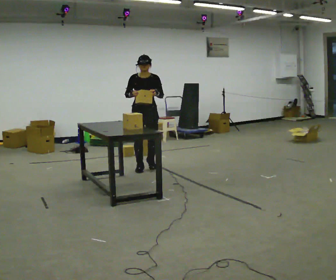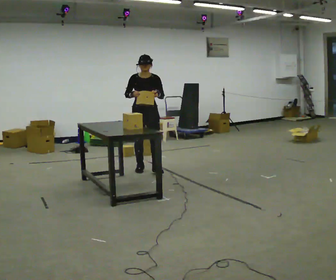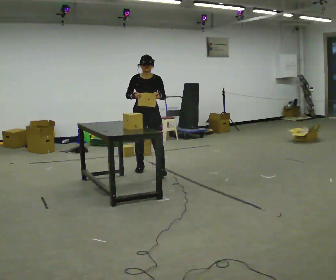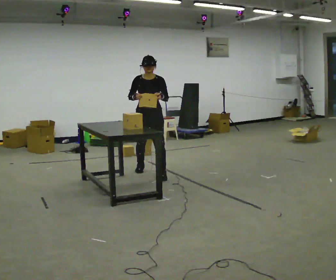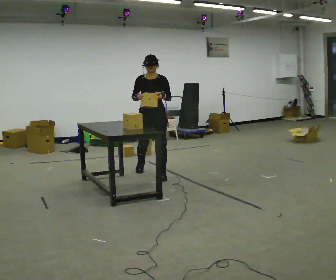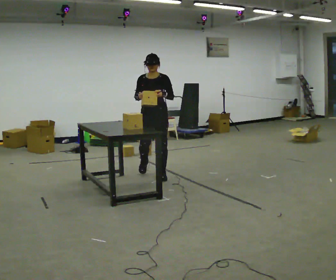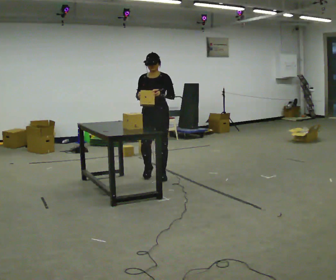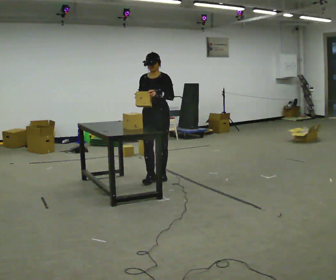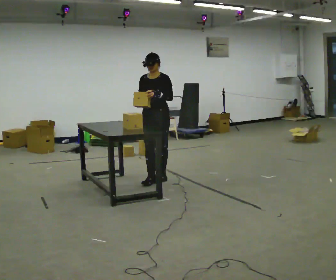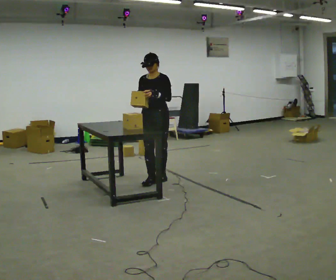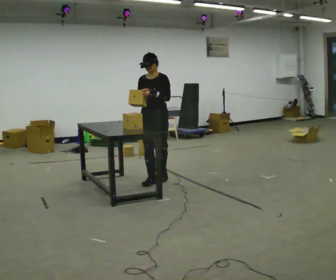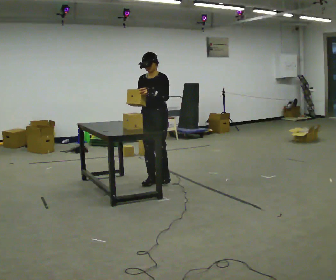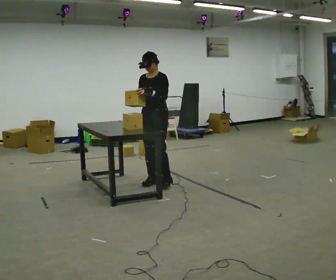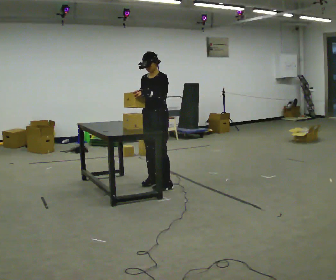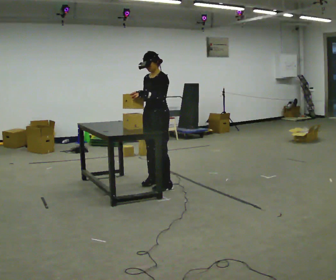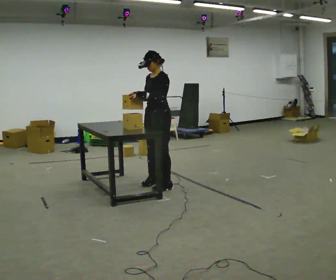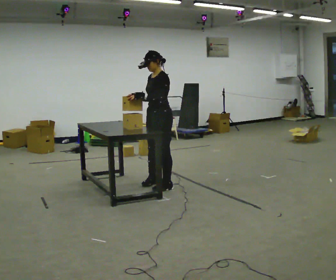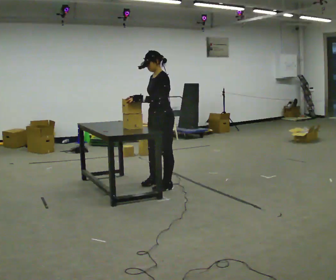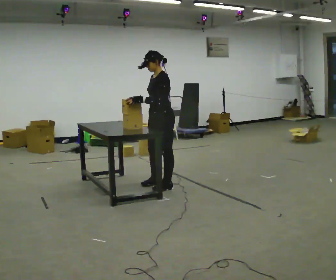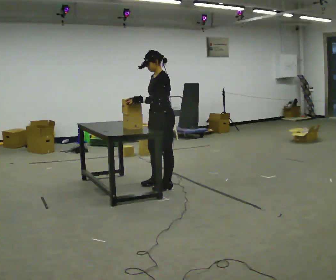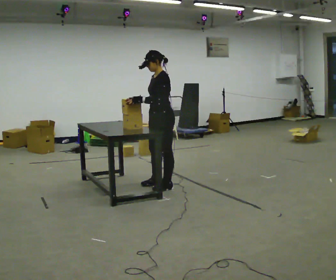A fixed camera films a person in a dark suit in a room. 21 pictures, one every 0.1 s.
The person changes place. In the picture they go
toward the camera.
The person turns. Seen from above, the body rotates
clockwise.
0.0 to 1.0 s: The person turns about 30 degrees to their right, clockwise seen from above, so the part of the body nearest the lens slides to the left. In the picture they go toward the camera, about 0.75 m in 2 steps, which for them is forward and to their left.
1.0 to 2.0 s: Seen from above the body turns clockwise, about 45 degrees: to their right, with its near side sliding to the left. In the picture they go toward the camera, about 0.25 m in 1 step, which for them is to their left.
The film runs forward here.
